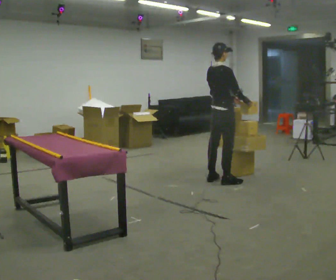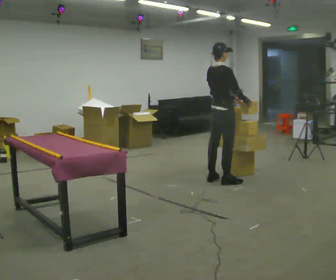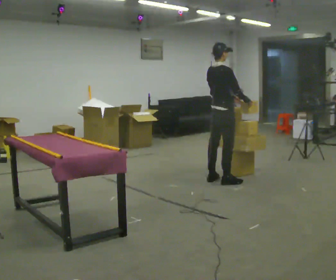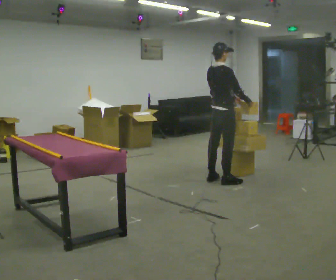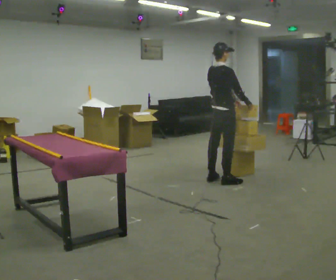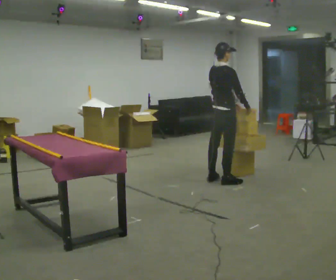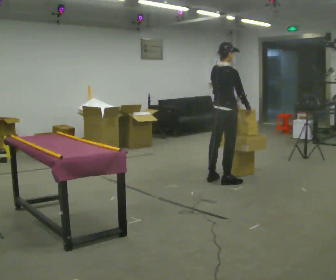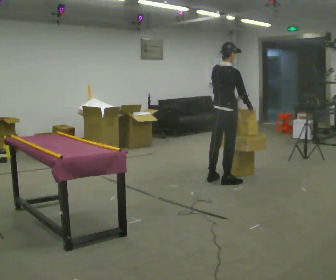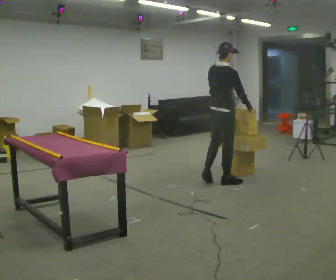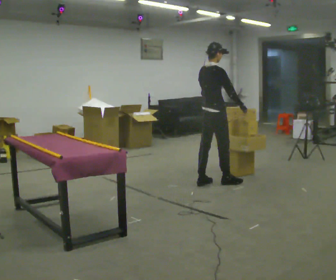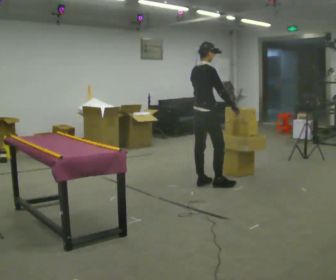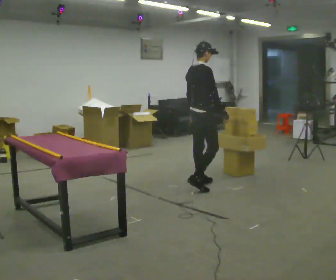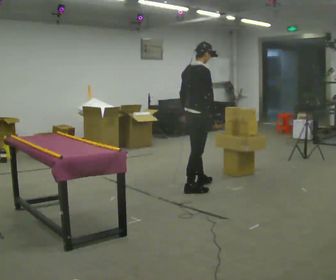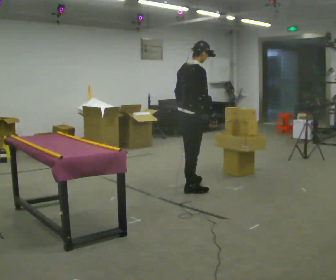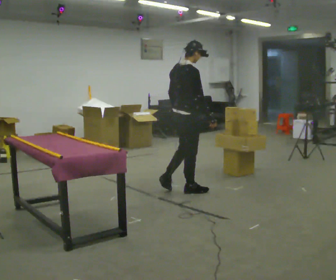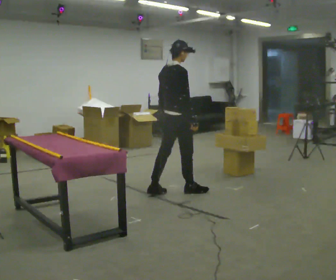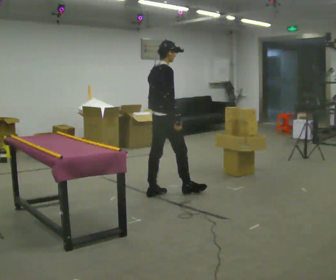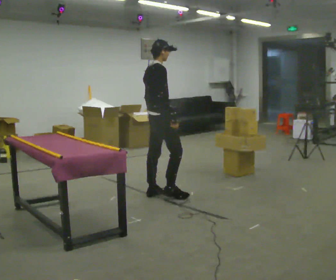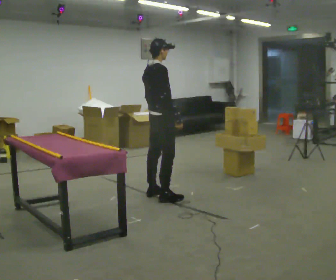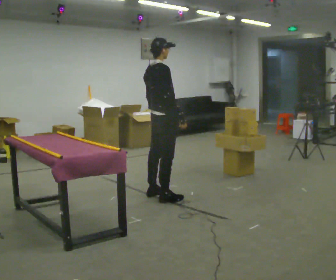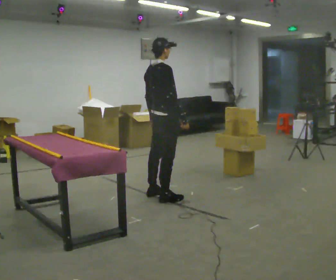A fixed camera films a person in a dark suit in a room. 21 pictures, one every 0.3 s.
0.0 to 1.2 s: The person keeps their place and pose.
1.2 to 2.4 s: The person moves a little, or ends about where they began.
2.4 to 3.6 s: In the picture they go to the left and toward the camera, about 0.5 m in 1 step, which for them is backward.
3.6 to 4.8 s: In the picture they go to the left and toward the camera, about 0.5 m in 2 steps, which for them is backward.
4.8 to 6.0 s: The person moves a little, or ends about where they began.
The film runs backward here.
